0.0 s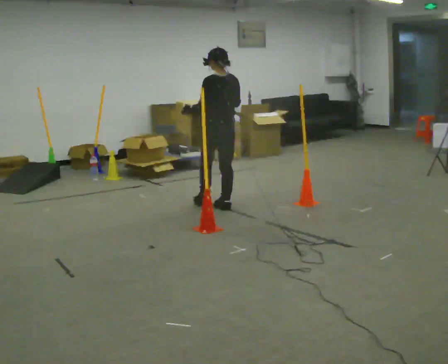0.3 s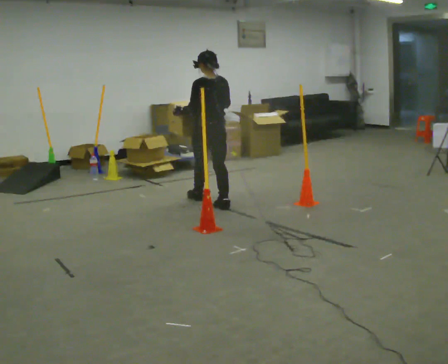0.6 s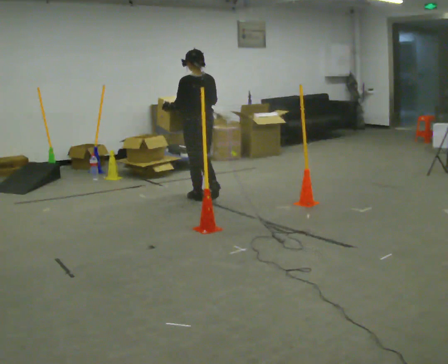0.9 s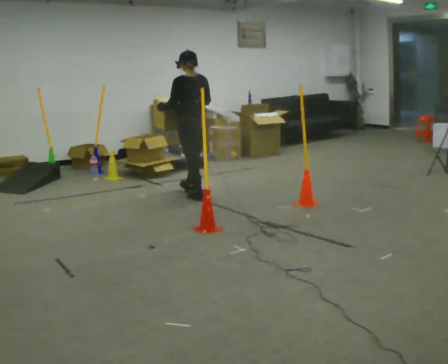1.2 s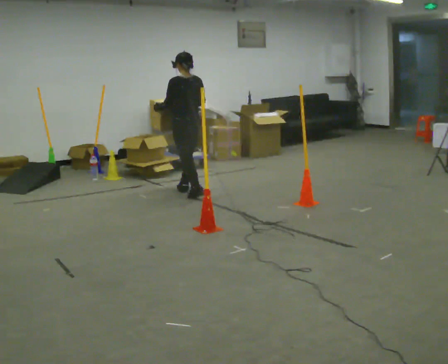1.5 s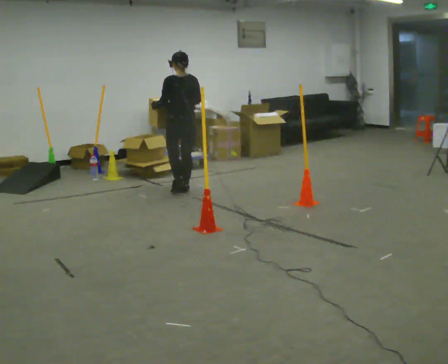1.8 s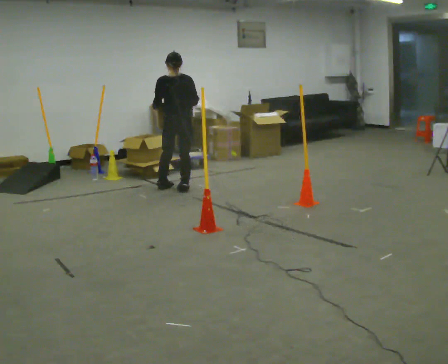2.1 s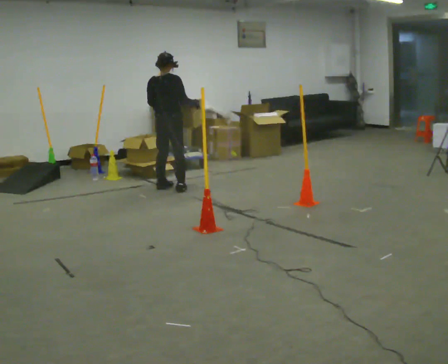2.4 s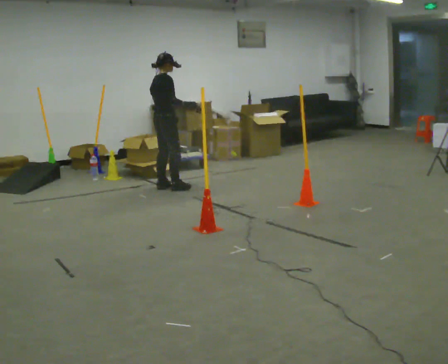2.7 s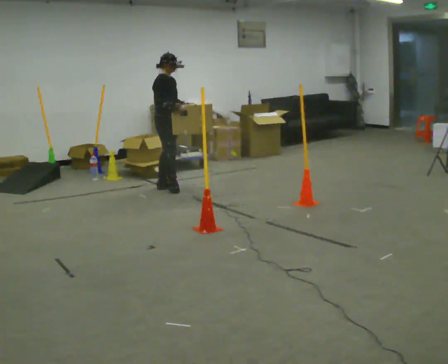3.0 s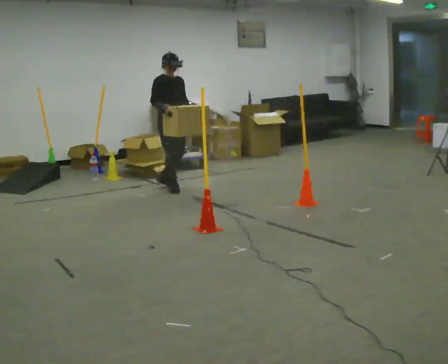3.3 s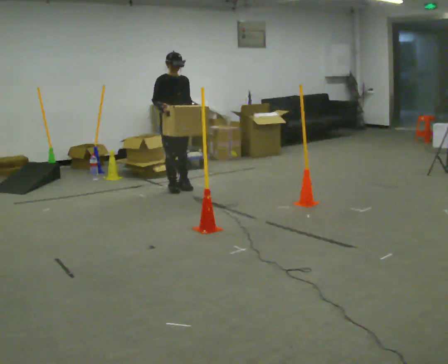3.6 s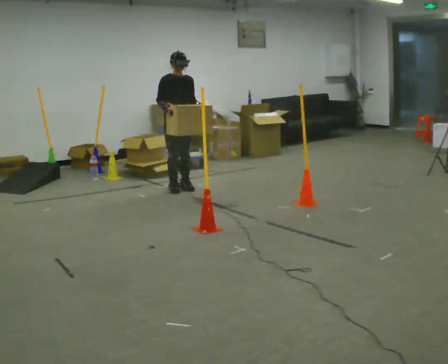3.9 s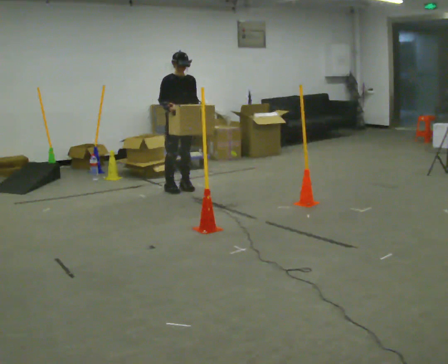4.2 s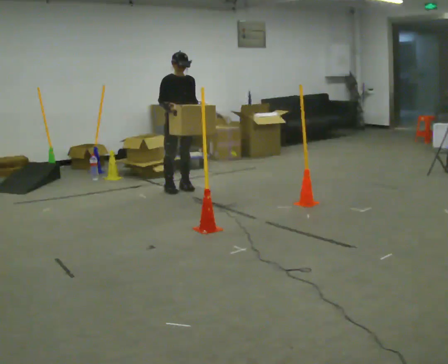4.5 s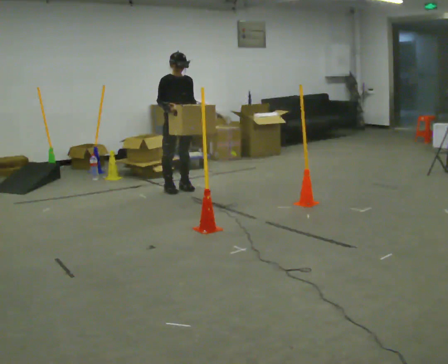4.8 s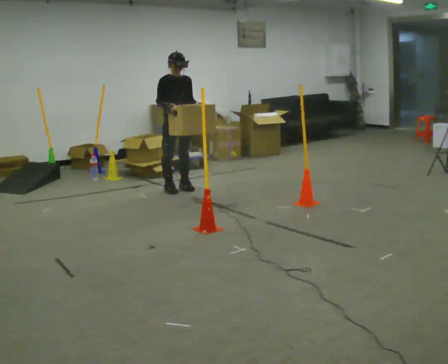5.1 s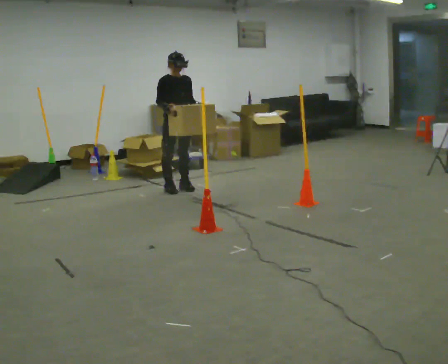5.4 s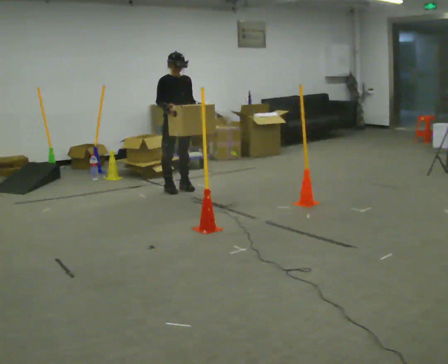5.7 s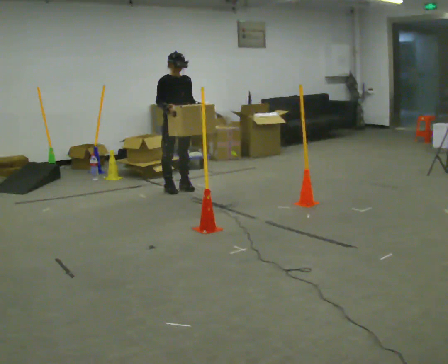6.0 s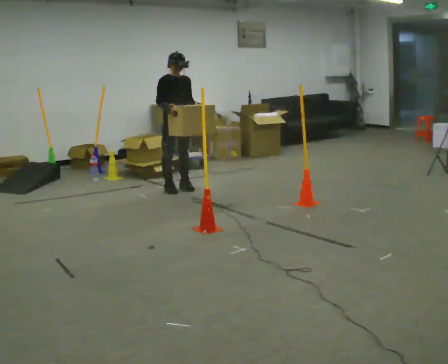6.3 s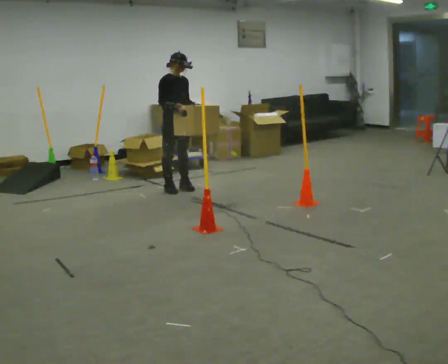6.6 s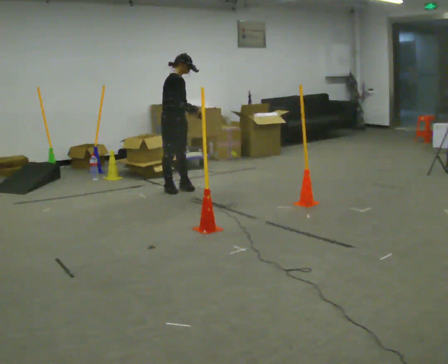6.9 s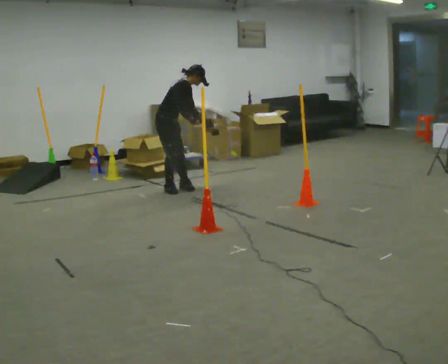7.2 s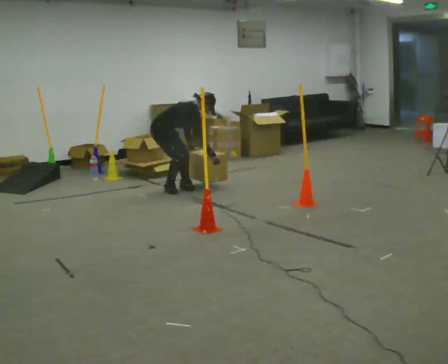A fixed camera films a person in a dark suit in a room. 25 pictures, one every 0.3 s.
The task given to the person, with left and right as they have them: Carry the box through the gap between the panels without touching either side, then set it down and bring it back. Keep going until the operator says stop; one object at a time, and do not rush between trips.
0.0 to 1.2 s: In the picture they go away from the camera and to the left, about 0.75 m in 2 steps, which for them is forward.
1.2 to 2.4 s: Seen from above the body turns clockwise, about 105 degrees: to their right, with its near side sliding to the left. In the picture they go away from the camera and to the left, about 0.25 m in 2 steps.
2.4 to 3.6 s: The part of the body nearest the lens slides to the left as the person turns to their right by about 75 degrees. In the picture they go to the right, about 0.25 m in 1 step.
3.6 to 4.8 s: The person moves a little, or ends about where they began.
4.8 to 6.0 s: The person keeps their place and pose.
6.0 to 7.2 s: The person turns about 45 degrees to their left, counterclockwise seen from above, so the part of the body nearest the lens slides to the right. In the picture they go to the left, about 0.25 m, which for them is backward. The upper body goes downward. In the picture the upper body tilts clockwise, shoulders to the right, as they bend forward. In the picture their left hand goes downward.
The film runs forward here.
